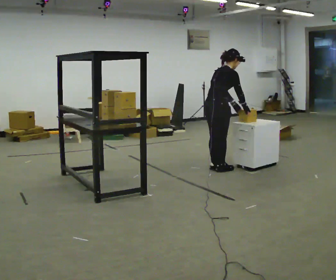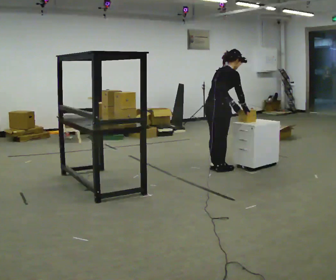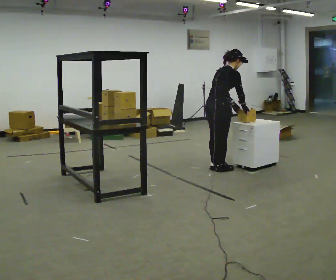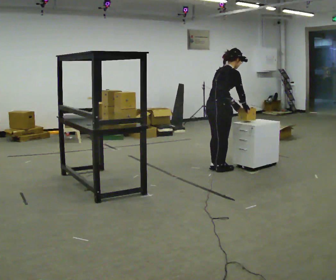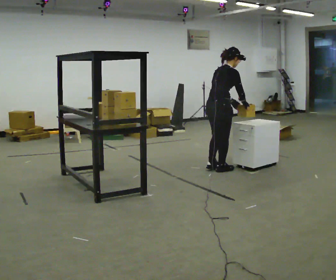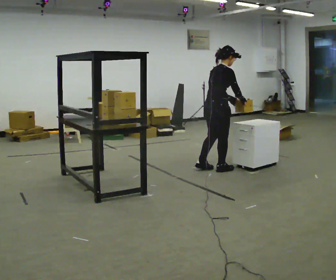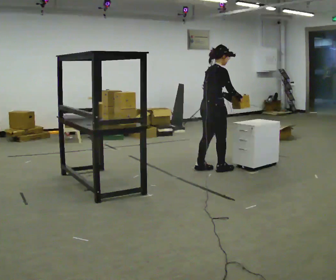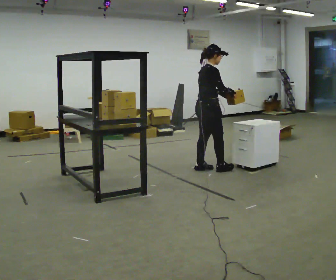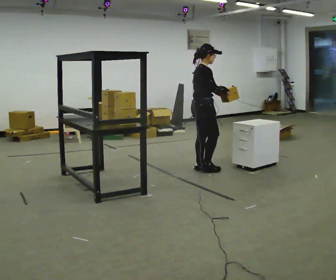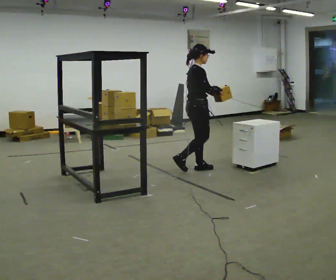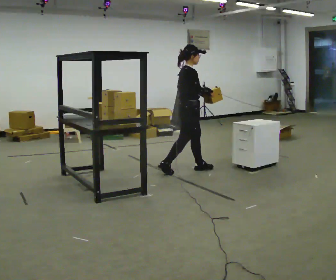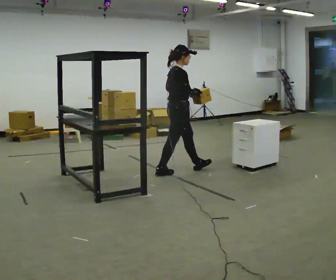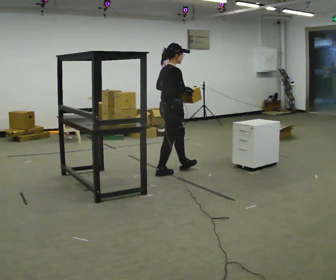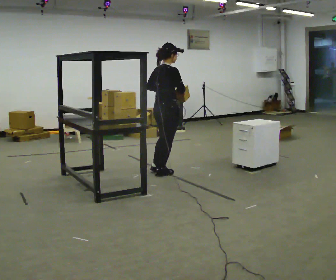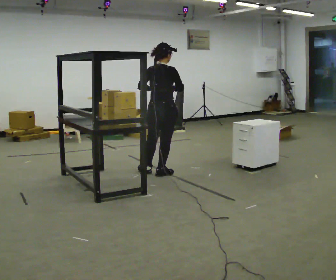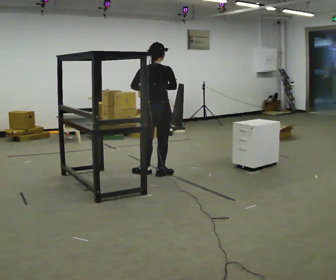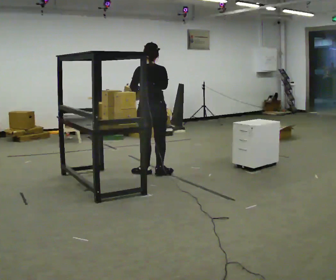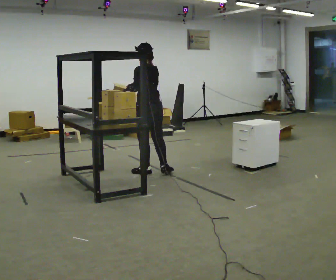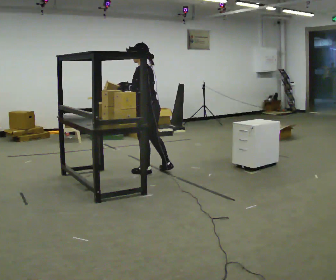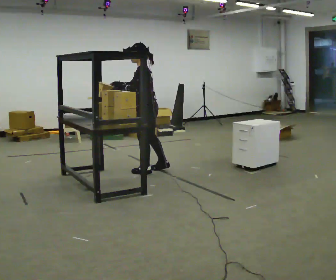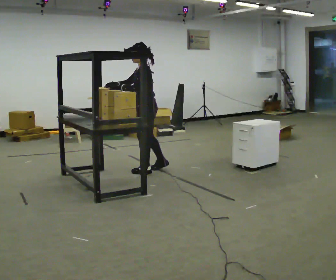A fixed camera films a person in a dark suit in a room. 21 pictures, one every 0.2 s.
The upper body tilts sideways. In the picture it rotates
counterclockwise.
The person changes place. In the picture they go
to the left.
0.0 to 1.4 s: In the picture the upper body tilts counterclockwise, shoulders to the left, as they lean back or straighten.
1.4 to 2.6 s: In the picture they go to the left, about 0.5 m in 2 steps, which for them is backward.
2.6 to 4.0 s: The person turns about 150 degrees to their left, counterclockwise seen from above, so the part of the body nearest the lens slides to the right. In the picture they go to the left, about 0.25 m in 1 step. In the picture their right hand goes to the left.
The film runs backward here.
